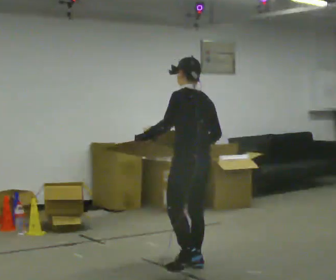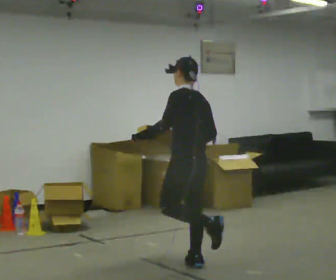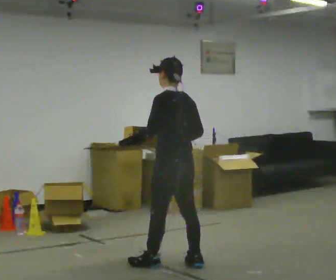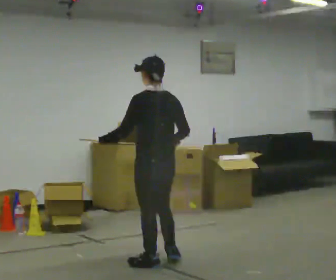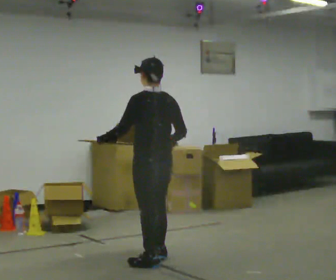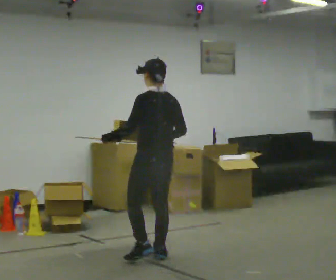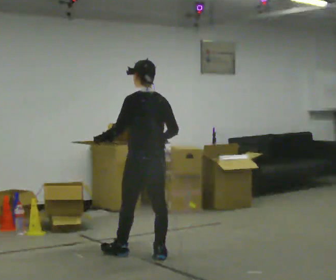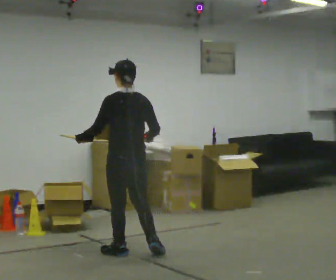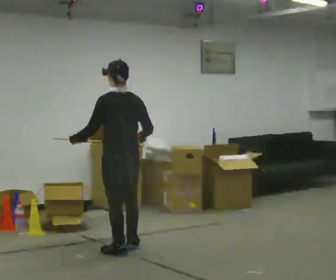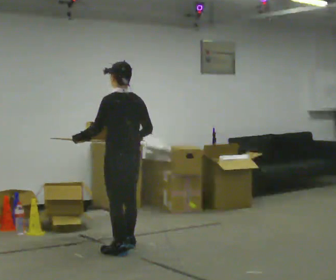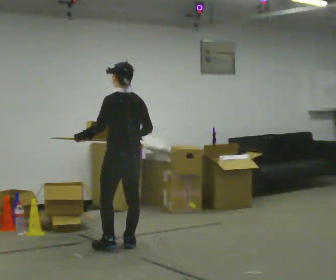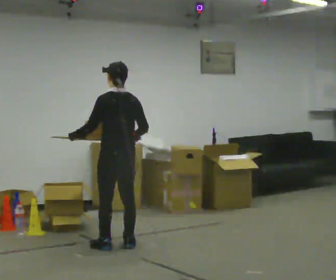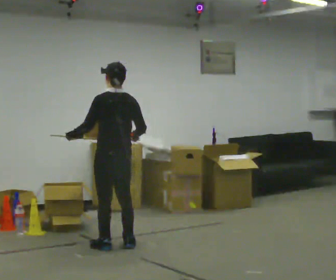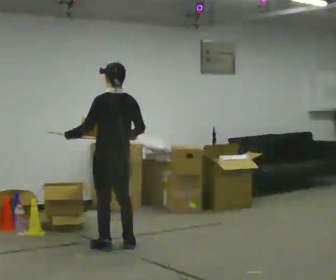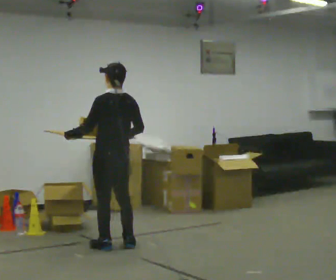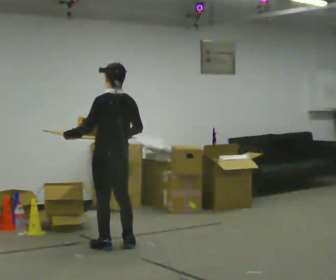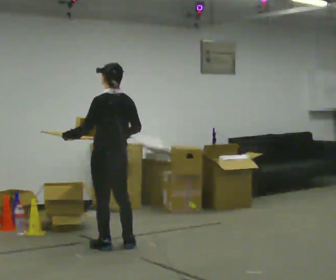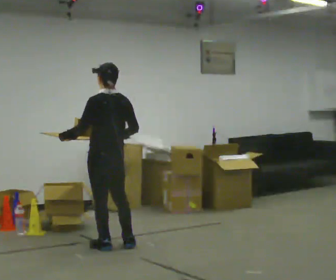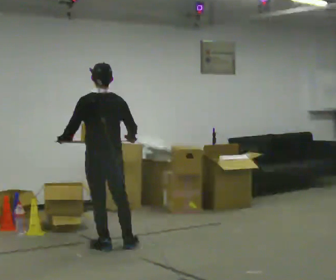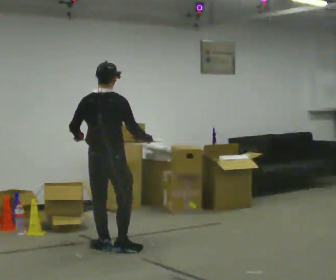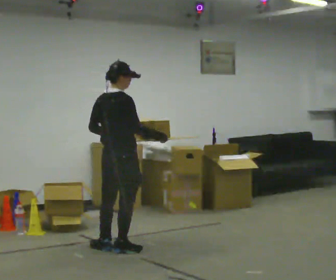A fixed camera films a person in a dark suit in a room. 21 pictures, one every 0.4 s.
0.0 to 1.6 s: In the picture they go to the left and away from the camera, about 0.25 m in 2 steps, which for them is forward.
1.6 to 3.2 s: In the picture they go away from the camera and to the left, about 0.5 m in 1 step, which for them is forward.
3.2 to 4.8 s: In the picture they go away from the camera, about 0.25 m in 2 steps, which for them is forward.
4.8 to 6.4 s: The person moves a little, or ends about where they began.
6.4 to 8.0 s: The person turns about 75 degrees to their right, clockwise seen from above, so the part of the body nearest the lens slides to the left. In the picture their right hand goes to the right.
The film runs forward here.
